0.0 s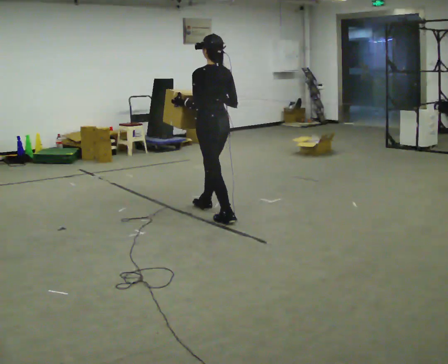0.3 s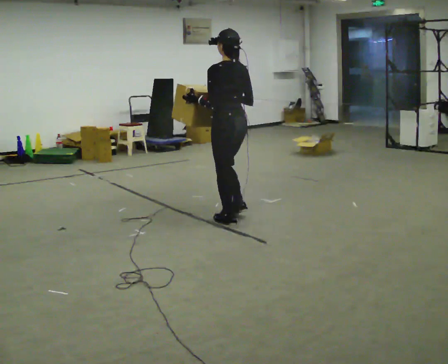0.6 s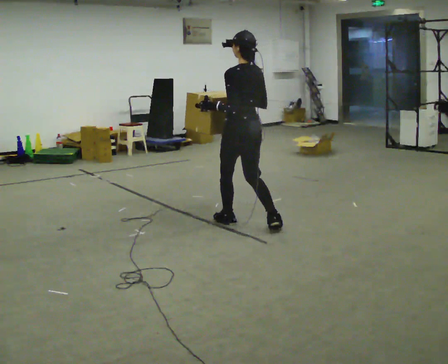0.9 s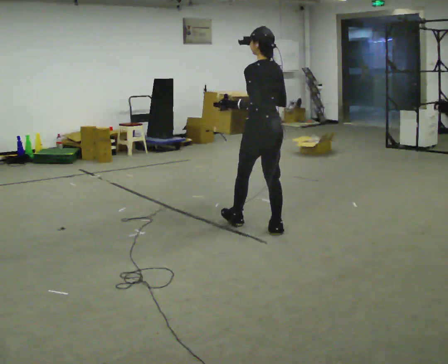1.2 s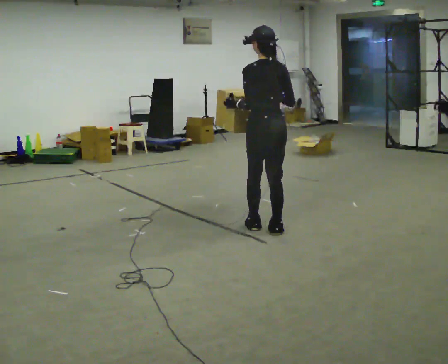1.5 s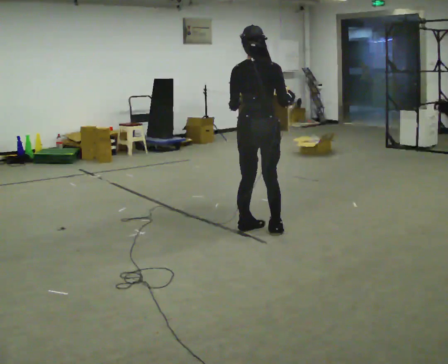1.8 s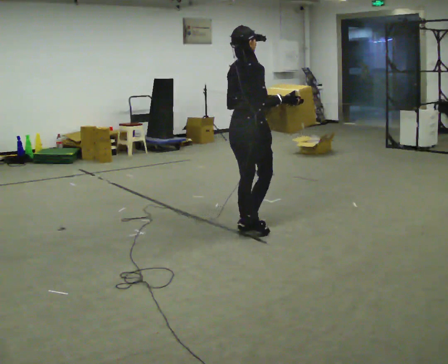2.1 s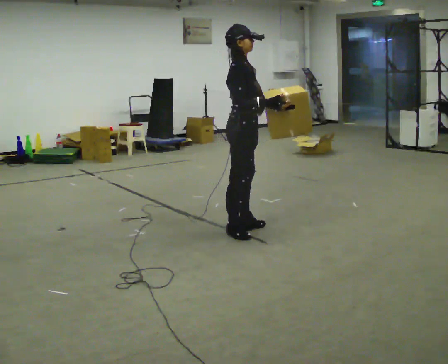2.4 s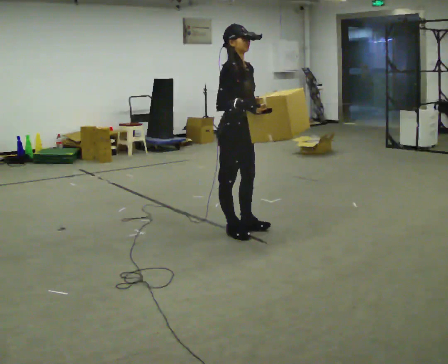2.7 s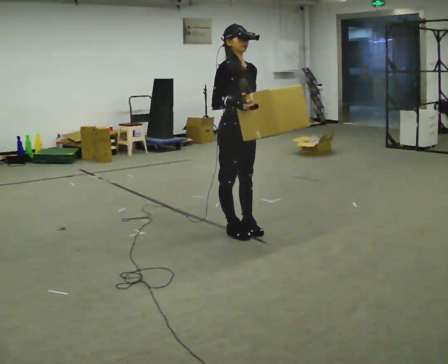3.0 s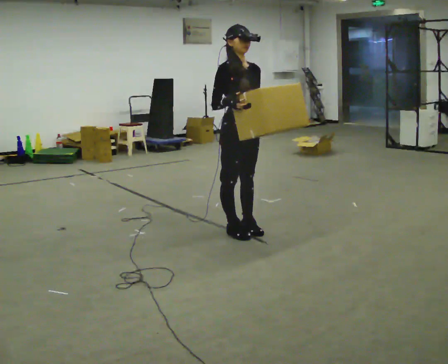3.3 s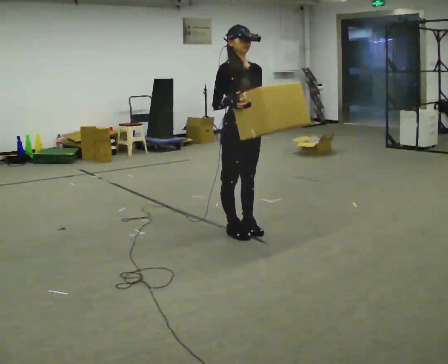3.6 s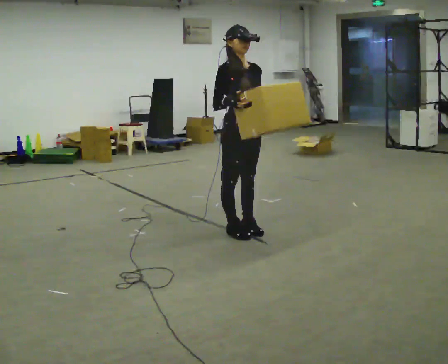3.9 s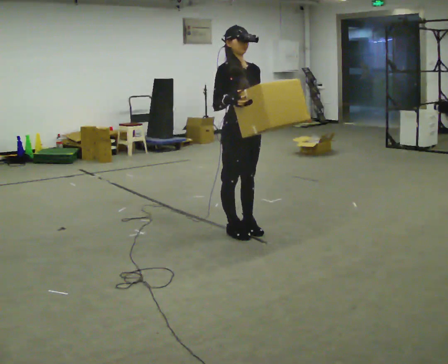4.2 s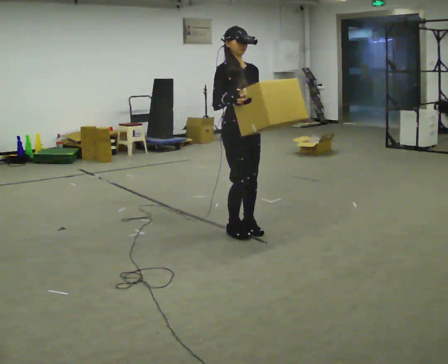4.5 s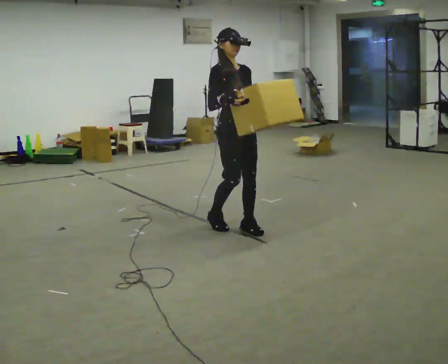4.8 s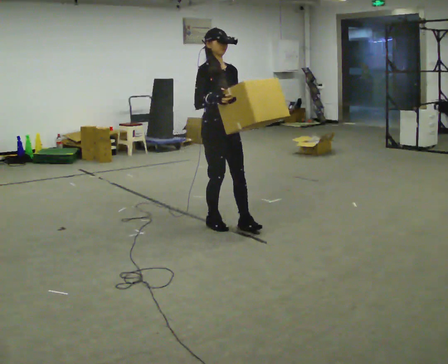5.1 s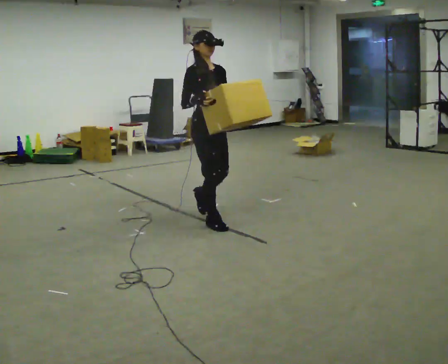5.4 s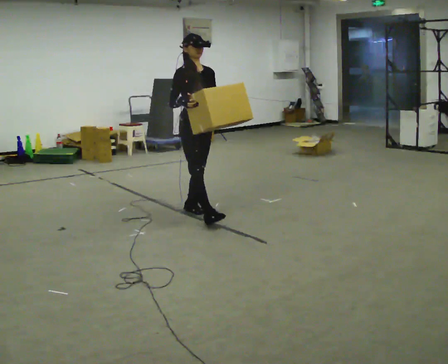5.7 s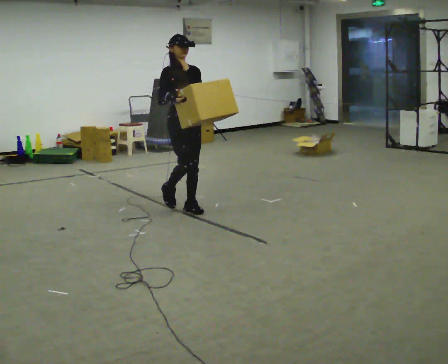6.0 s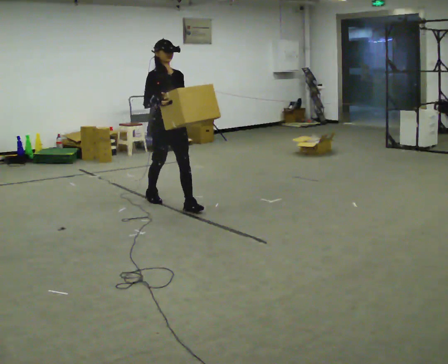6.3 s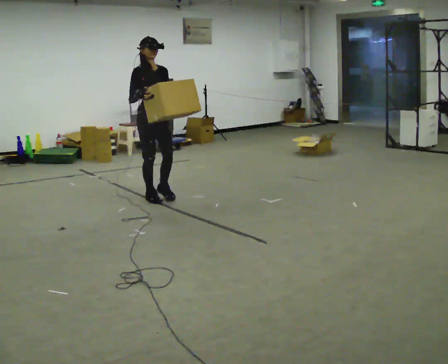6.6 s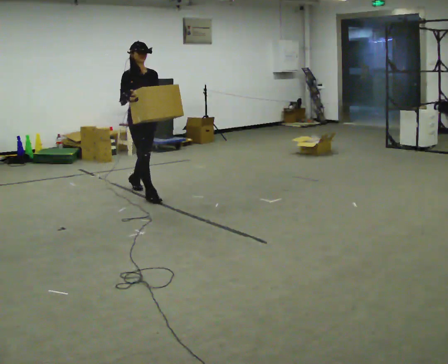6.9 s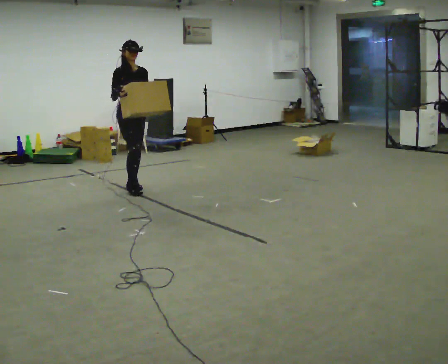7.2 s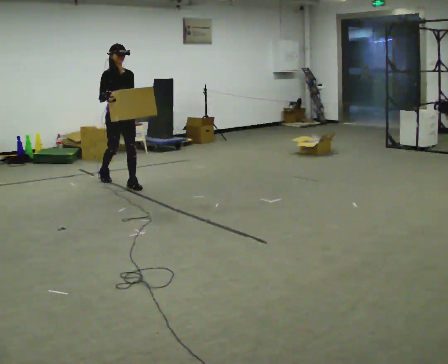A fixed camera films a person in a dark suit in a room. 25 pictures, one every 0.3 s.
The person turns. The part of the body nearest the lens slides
to the left.
The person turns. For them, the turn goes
to their right.
0.0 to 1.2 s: In the picture they go toward the camera and to the right, about 0.75 m in 2 steps, which for them is backward.
1.2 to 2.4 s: The person turns about 150 degrees to their right, clockwise seen from above, so the part of the body nearest the lens slides to the left. In the picture they go to the left, about 0.25 m in 1 step.
2.4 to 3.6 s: The person moves a little, or ends about where they began.
3.6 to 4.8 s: In the picture they go away from the camera and to the left, about 0.25 m in 2 steps, which for them is backward.
4.8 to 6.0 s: In the picture they go away from the camera and to the left, about 1 m in 1 step, which for them is backward.
6.0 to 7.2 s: In the picture they go away from the camera and to the left, about 1 m in 2 steps, which for them is backward.
The film runs backward here.
